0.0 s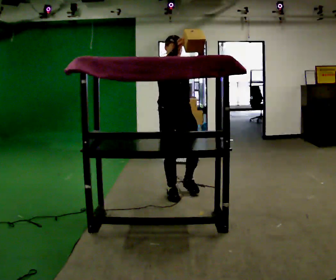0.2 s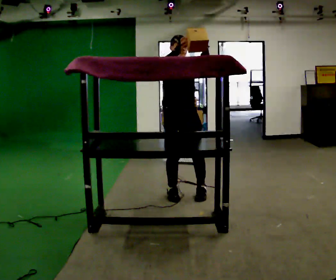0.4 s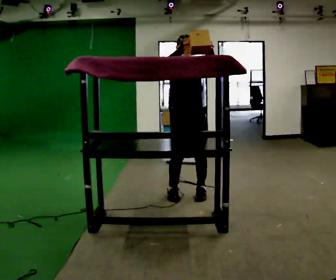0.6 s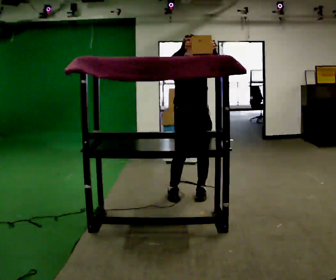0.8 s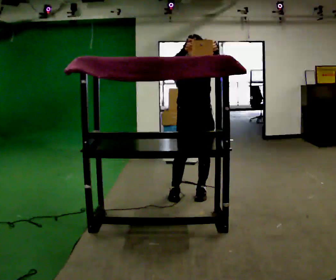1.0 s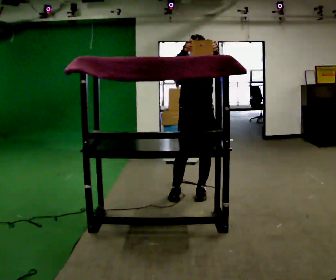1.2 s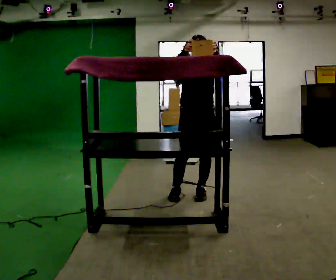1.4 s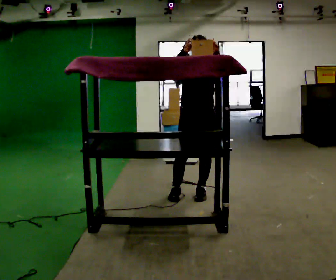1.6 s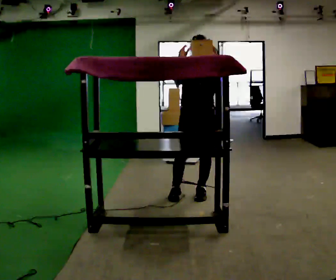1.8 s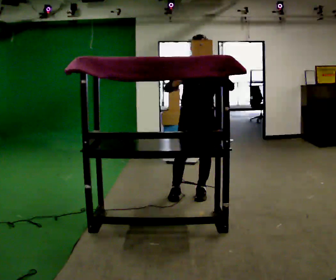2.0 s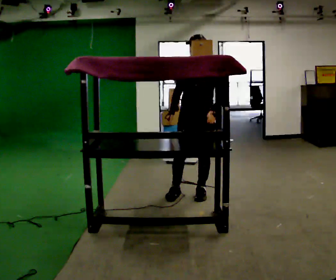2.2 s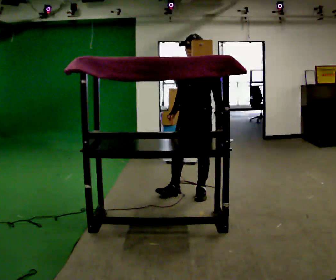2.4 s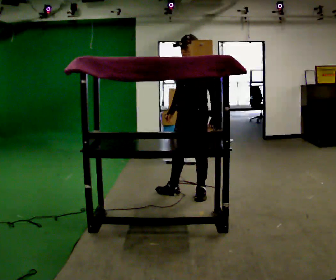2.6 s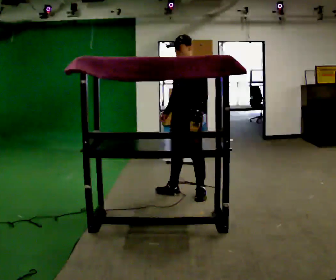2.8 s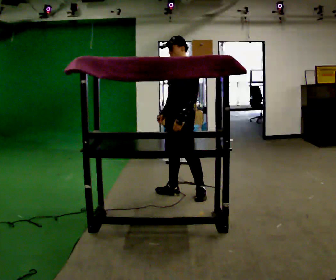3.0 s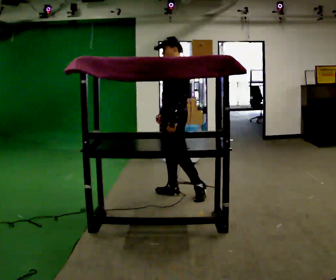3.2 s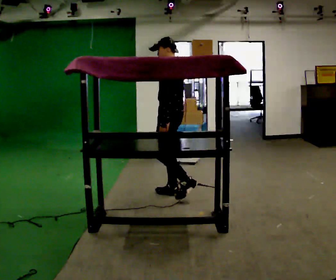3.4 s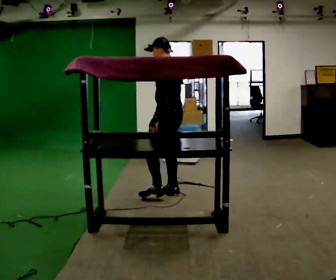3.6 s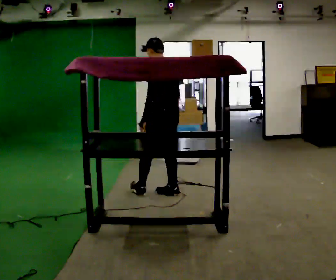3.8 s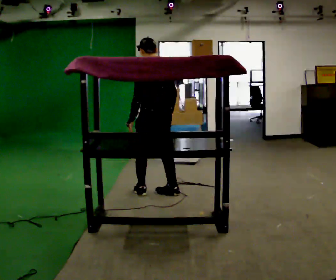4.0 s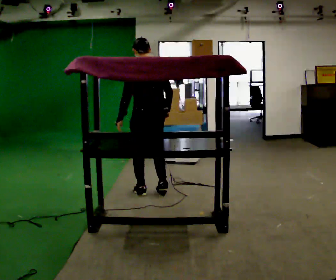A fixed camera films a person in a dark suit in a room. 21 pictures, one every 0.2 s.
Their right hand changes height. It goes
downward.
The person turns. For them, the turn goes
to their right.
0.0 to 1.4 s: Seen from above the body turns clockwise, about 30 degrees: to their right, with its near side sliding to the left. In the picture they go to the right, about 0.25 m in 1 step, which for them is to their left.
1.4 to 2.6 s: Seen from above the body turns clockwise, about 45 degrees: to their right, with its near side sliding to the left. In the picture their right hand goes downward.
2.6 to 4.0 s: The part of the body nearest the lens slides to the left as the person turns to their right by about 105 degrees. In the picture they go to the left, about 0.5 m in 1 step.
The film runs forward here.
